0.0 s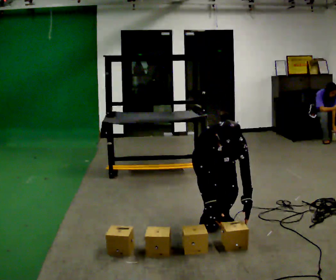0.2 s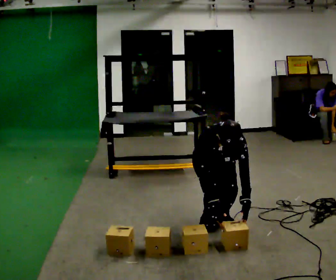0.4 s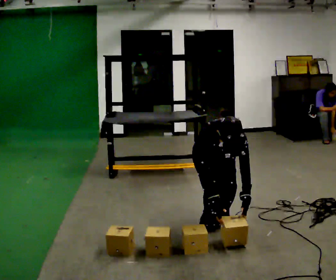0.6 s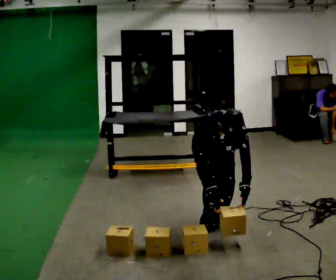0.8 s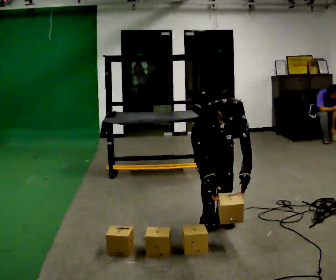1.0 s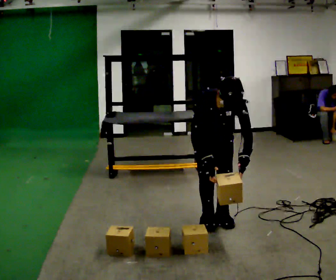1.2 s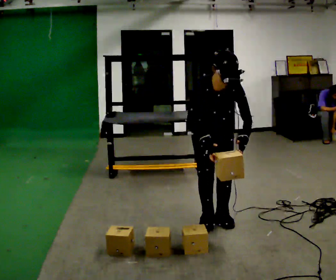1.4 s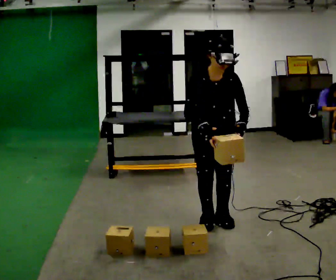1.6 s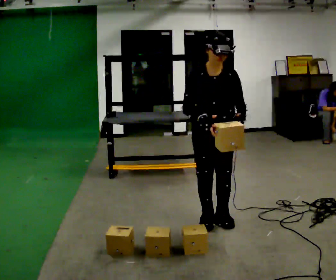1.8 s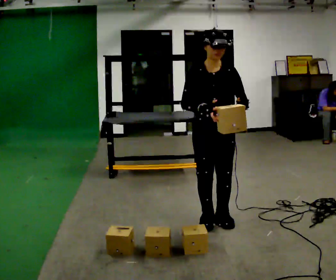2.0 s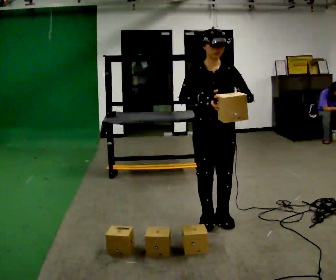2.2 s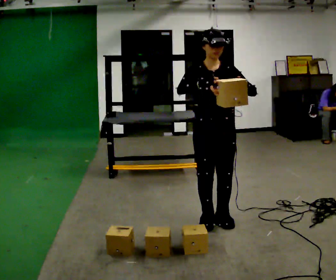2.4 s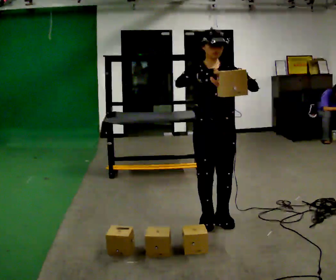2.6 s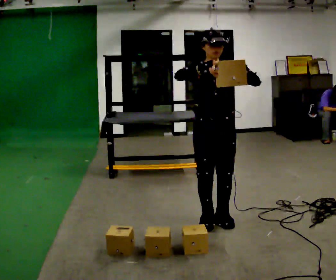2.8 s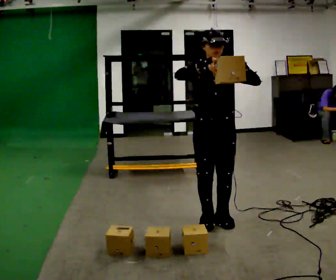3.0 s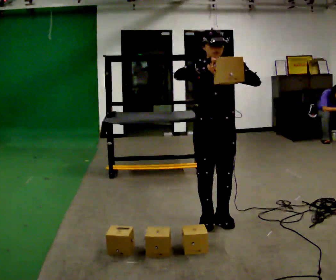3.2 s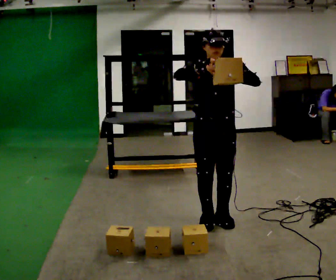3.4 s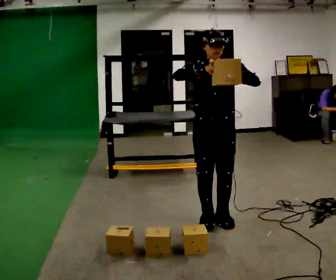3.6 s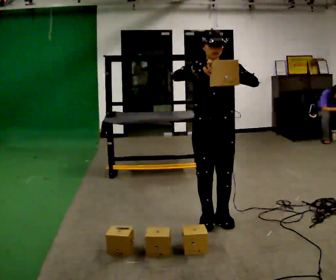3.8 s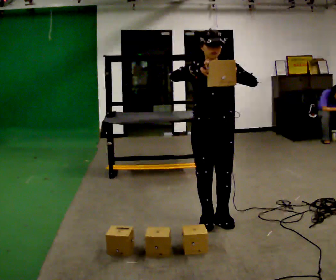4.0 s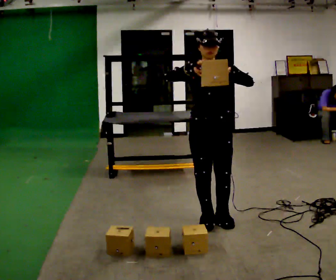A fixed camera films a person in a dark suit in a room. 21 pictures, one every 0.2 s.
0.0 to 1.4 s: The shoulders move upward. The upper body tips away from the camera, its near side rolling upward, as they lean back or straighten. In the picture their left hand goes upward.
1.4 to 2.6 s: The upper body tips away from the camera, its near side rolling upward, as they lean back or straighten. In the picture their right hand goes upward.
2.6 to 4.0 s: The person moves a little, or ends about where they began.
The film runs forward here.
